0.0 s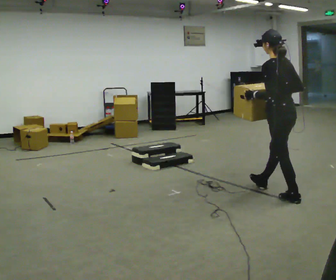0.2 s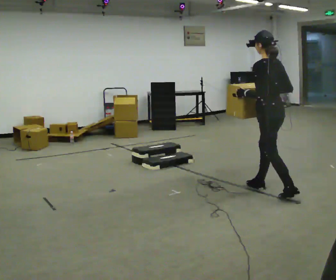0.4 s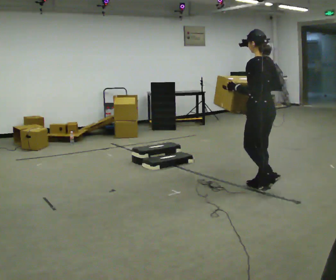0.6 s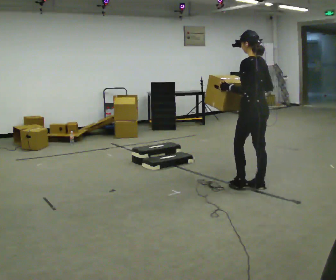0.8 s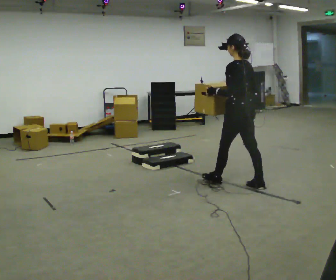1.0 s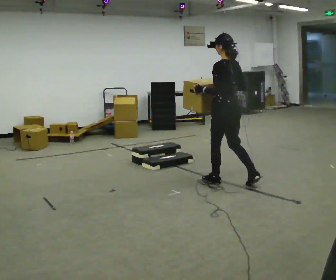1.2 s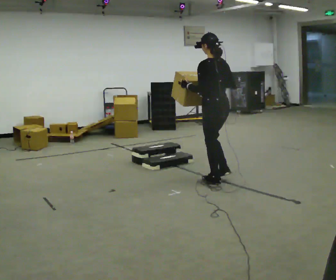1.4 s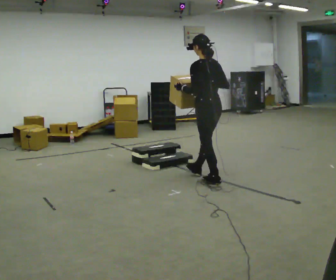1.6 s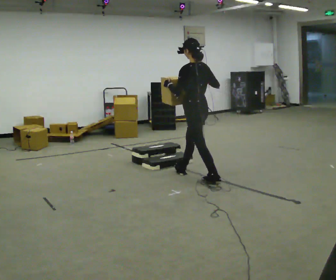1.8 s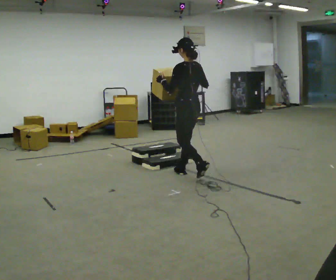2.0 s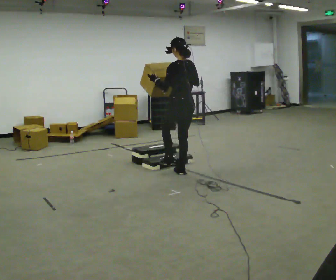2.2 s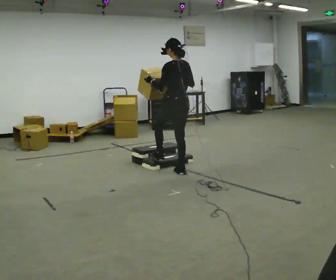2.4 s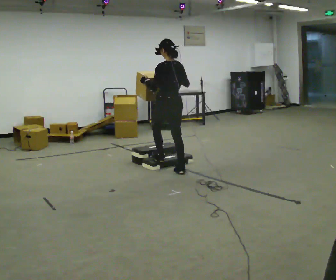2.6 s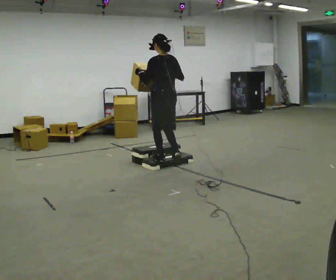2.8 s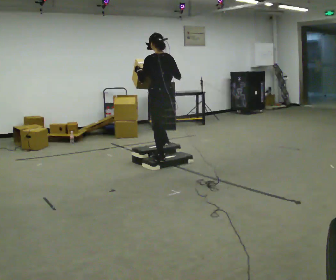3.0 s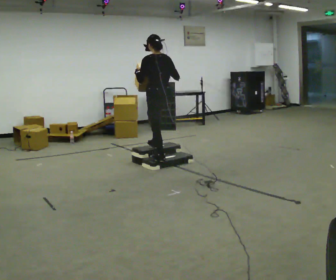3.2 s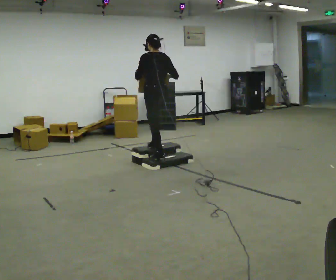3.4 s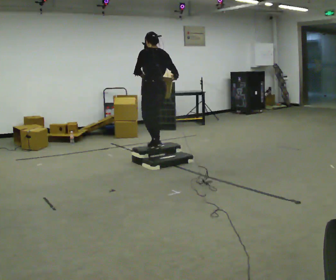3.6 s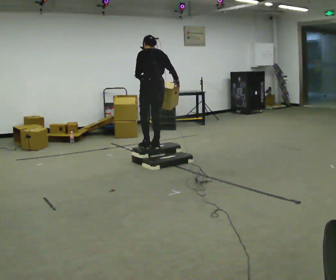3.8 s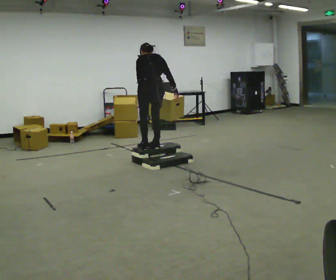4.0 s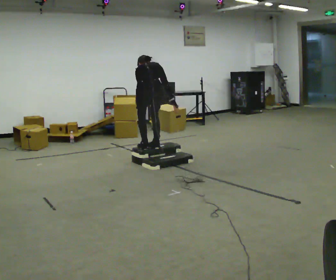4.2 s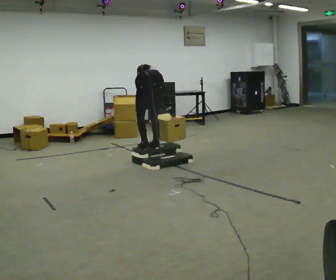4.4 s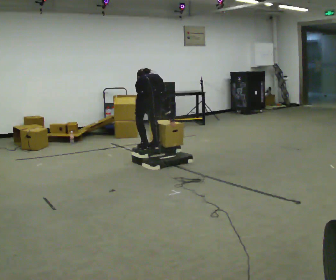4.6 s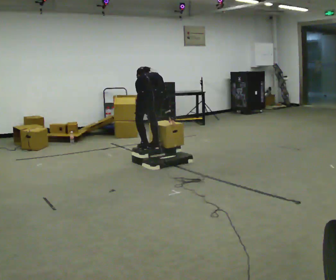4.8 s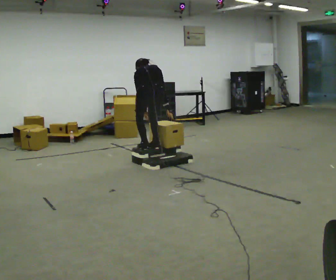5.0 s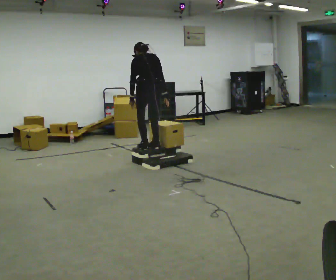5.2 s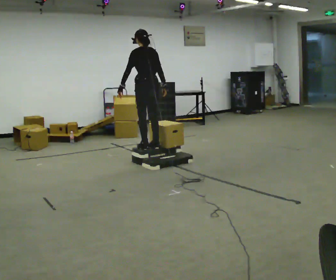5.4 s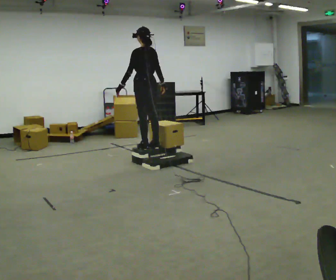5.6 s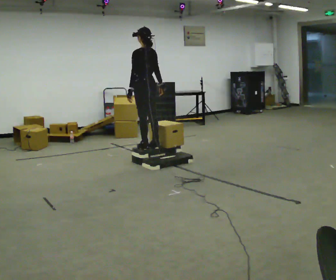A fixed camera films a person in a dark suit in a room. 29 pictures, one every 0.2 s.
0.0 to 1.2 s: In the picture they go away from the camera and to the left, about 1 m in 2 steps, which for them is forward.
1.2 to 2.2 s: In the picture they go away from the camera and to the left, about 0.75 m in 1 step, which for them is forward.
2.2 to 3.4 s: In the picture they go away from the camera and to the left, about 0.5 m in 2 steps, which for them is forward. The shoulders move upward.
3.4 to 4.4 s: The person turns about 30 degrees to their right, clockwise seen from above, so the part of the body nearest the lens slides to the left. The shoulders move downward. The upper body tips away from the camera, its near side rolling upward, as they bend forward. In the picture their left hand goes downward.
4.4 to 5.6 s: Seen from above the body turns counterclockwise, about 45 degrees: to their left, with its near side sliding to the right. In the picture they go away from the camera, about 0.25 m, which for them is forward. The upper body goes upward. The upper body tips toward the camera, its near side rolling downward, as they lean back or straighten. In the picture their left hand goes upward.
The film runs forward here.
